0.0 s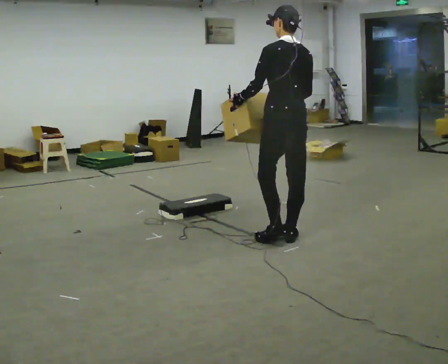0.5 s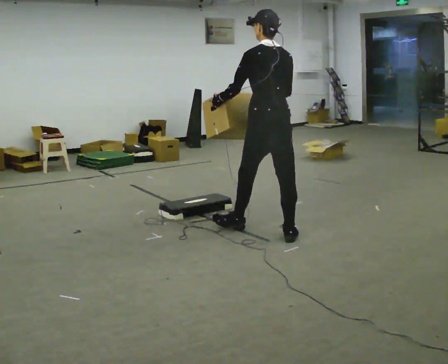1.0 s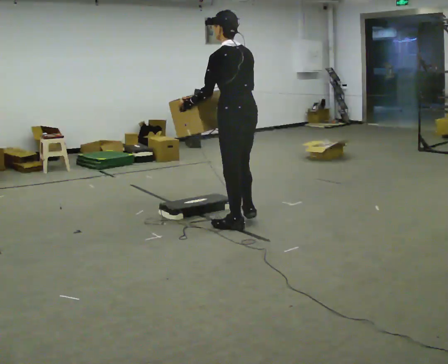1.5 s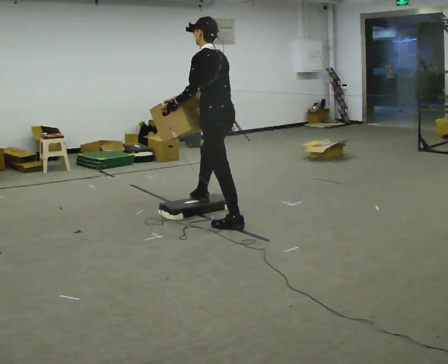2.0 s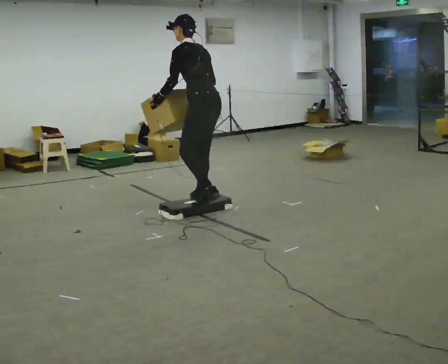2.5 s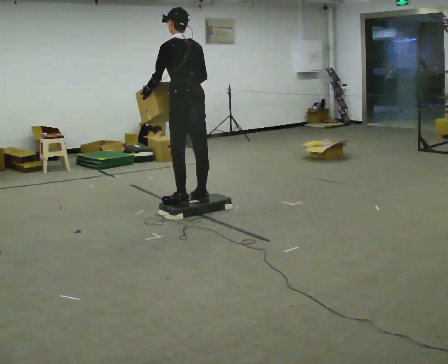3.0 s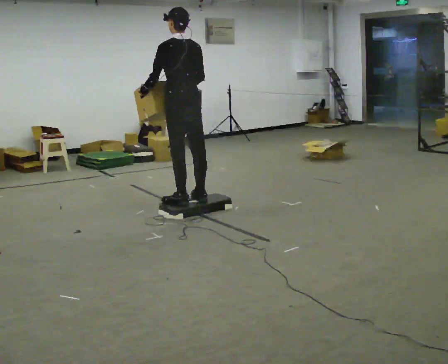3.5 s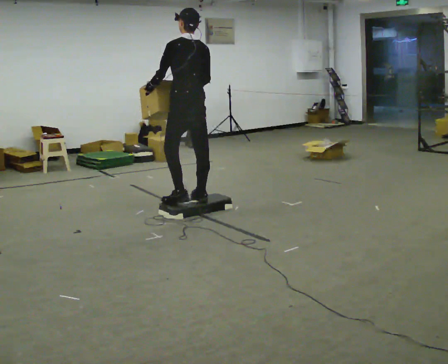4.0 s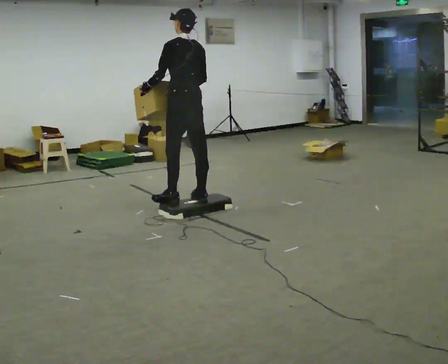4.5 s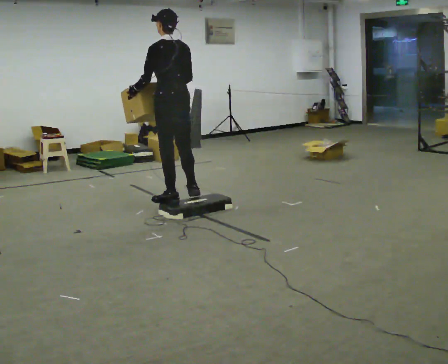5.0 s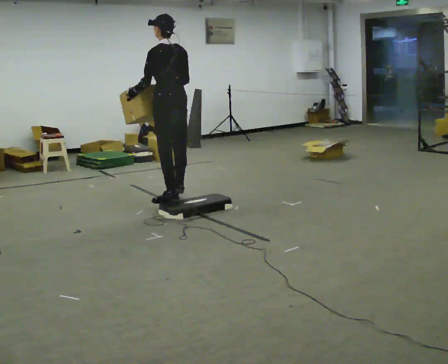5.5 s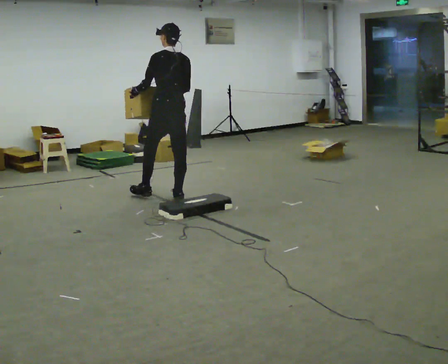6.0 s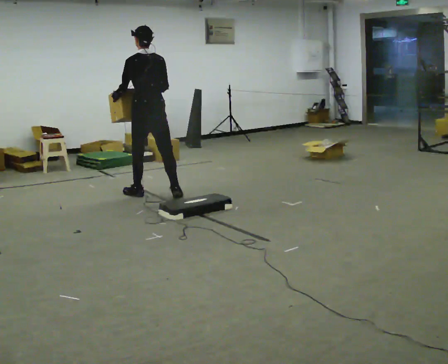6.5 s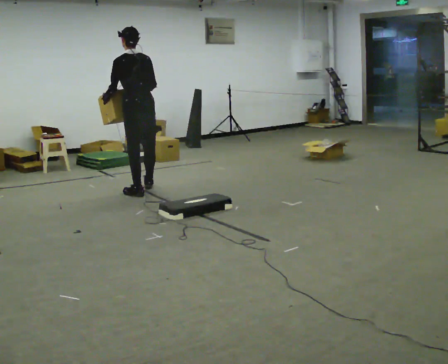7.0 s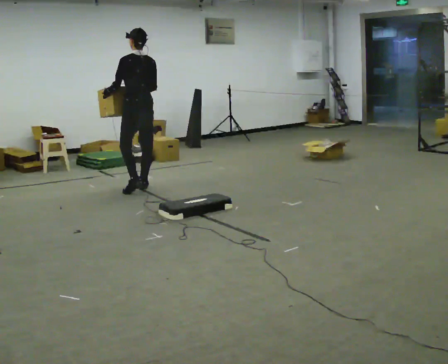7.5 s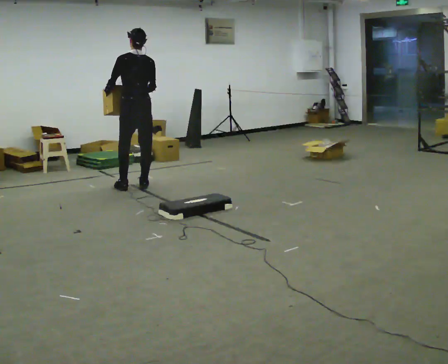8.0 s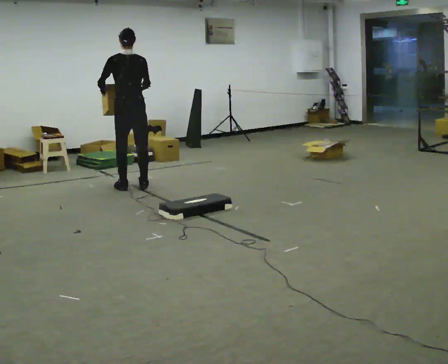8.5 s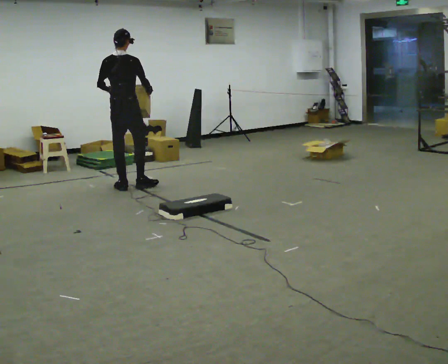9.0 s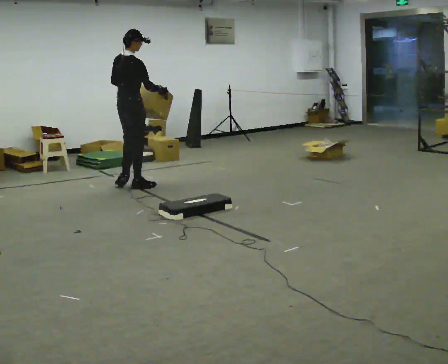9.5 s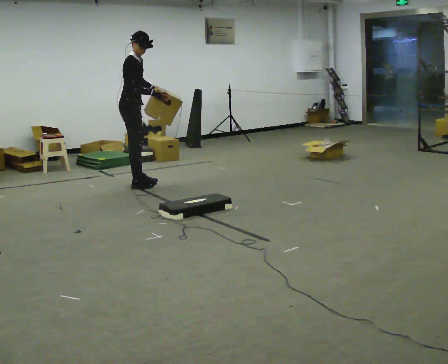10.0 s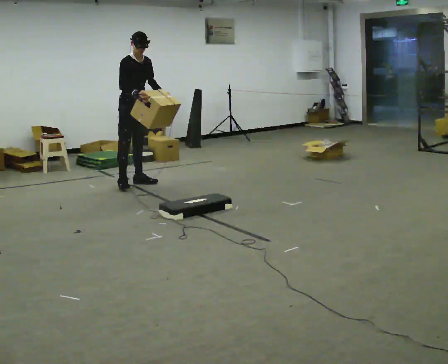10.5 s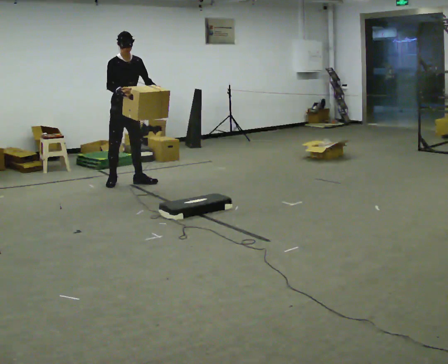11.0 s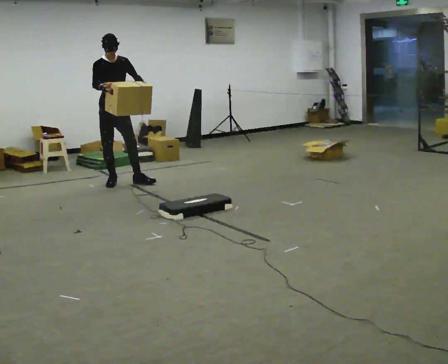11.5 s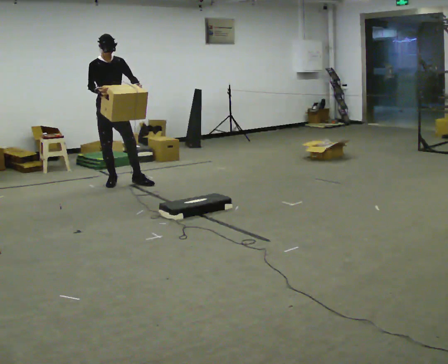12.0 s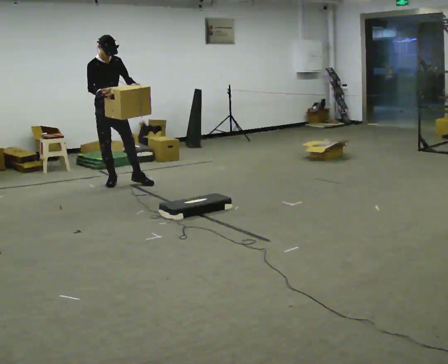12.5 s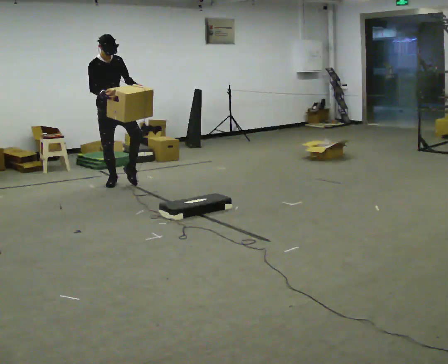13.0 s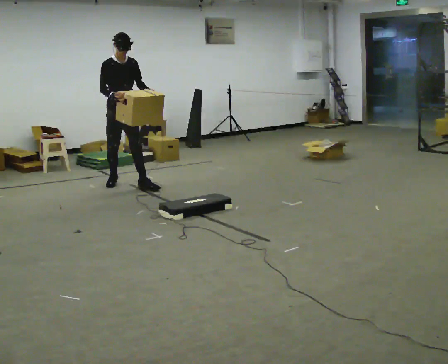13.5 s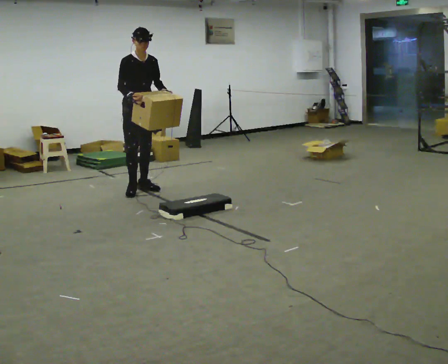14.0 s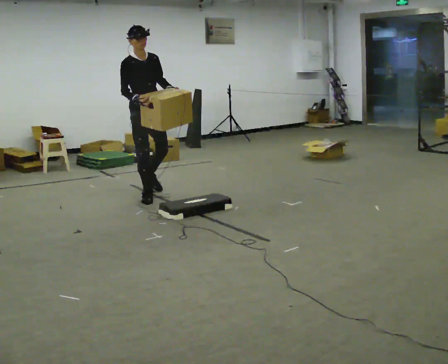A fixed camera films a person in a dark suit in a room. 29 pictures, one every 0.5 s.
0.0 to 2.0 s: The person turns about 30 degrees to their left, counterclockwise seen from above, so the part of the body nearest the lens slides to the right. In the picture they go away from the camera and to the left, about 1 m in 2 steps, which for them is forward. In the picture the upper body tilts counterclockwise, shoulders to the left, as they bend forward.
2.0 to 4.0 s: In the picture they go to the left, about 0.25 m in 1 step, which for them is forward. In the picture the upper body tilts clockwise, shoulders to the right, as they lean back or straighten.
4.0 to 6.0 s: In the picture they go away from the camera and to the left, about 0.75 m in 2 steps, which for them is forward.
6.0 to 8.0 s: In the picture they go away from the camera and to the left, about 0.5 m in 2 steps, which for them is forward.
8.0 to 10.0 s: The person turns about 135 degrees to their right, clockwise seen from above, so the part of the body nearest the lens slides to the left. In the picture they go away from the camera, about 0.5 m in 1 step. In the picture the upper body tilts clockwise, shoulders to the right.
10.0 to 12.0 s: In the picture they go to the left, about 0.25 m in 1 step, which for them is to their right. In the picture the upper body tilts counterclockwise, shoulders to the left.
12.0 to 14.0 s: In the picture they go toward the camera and to the right, about 1 m in 2 steps, which for them is forward.
The film runs forward here.
